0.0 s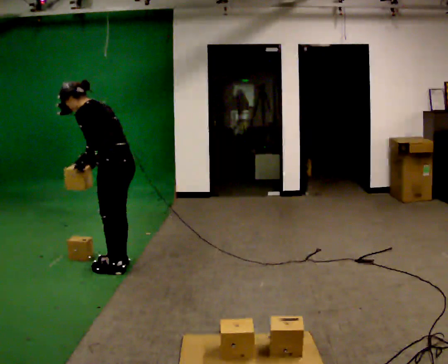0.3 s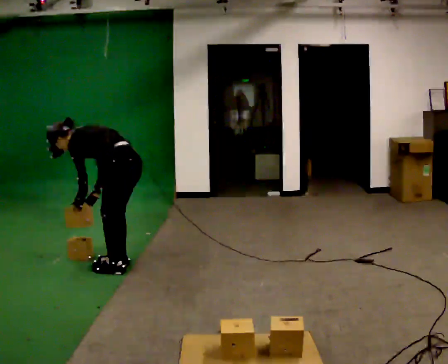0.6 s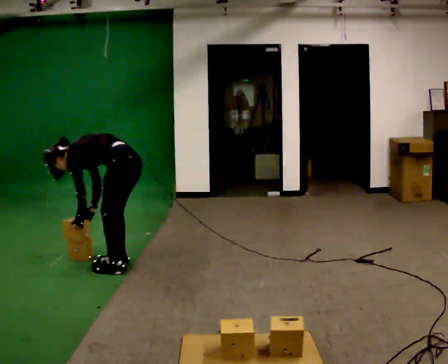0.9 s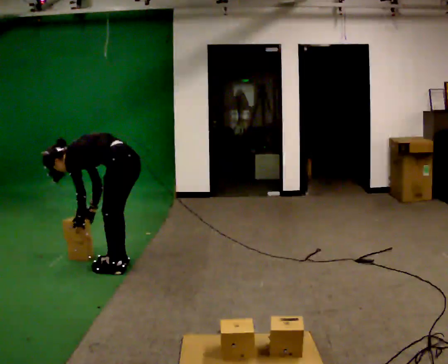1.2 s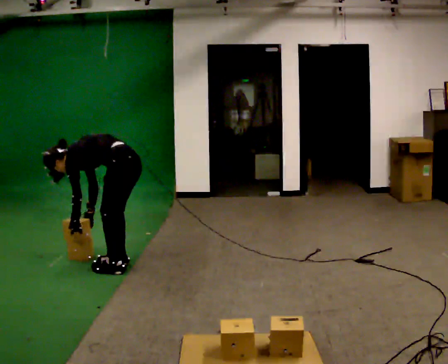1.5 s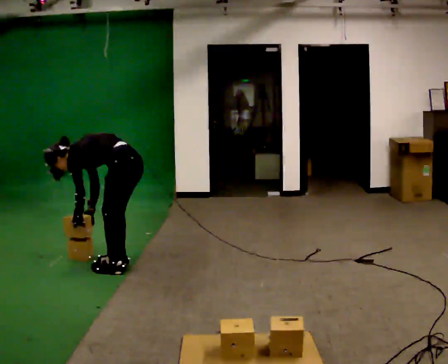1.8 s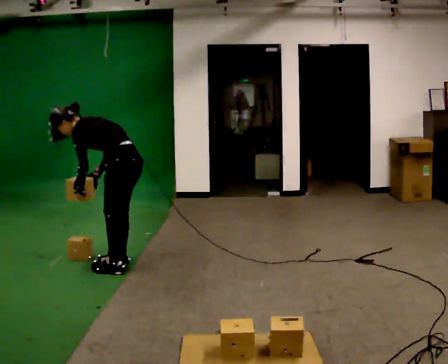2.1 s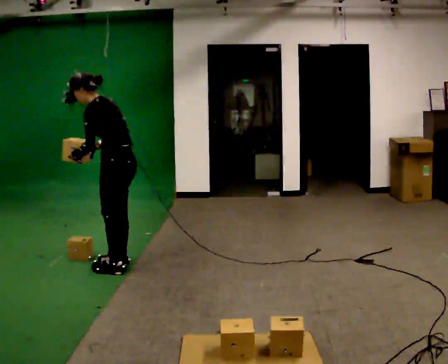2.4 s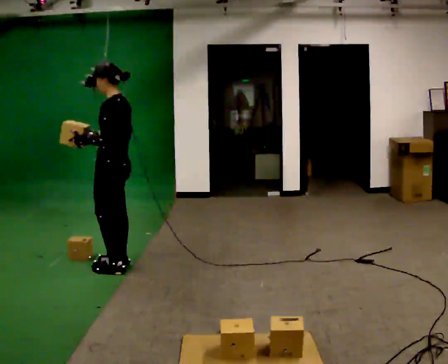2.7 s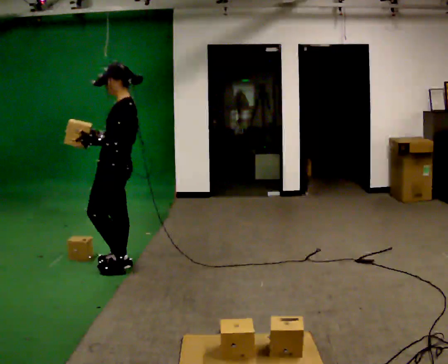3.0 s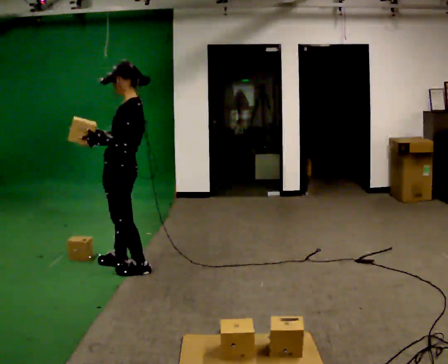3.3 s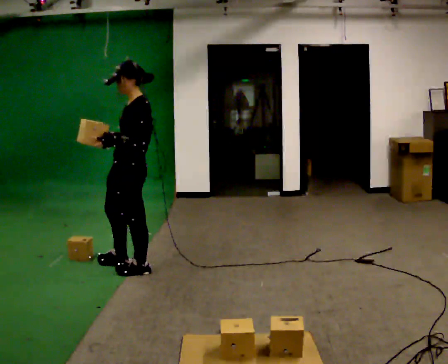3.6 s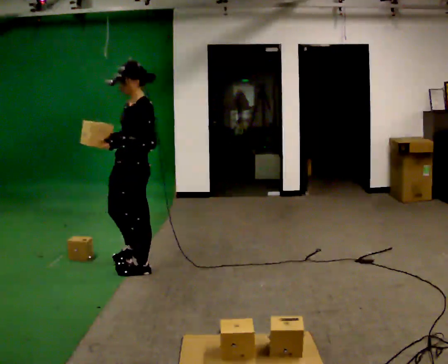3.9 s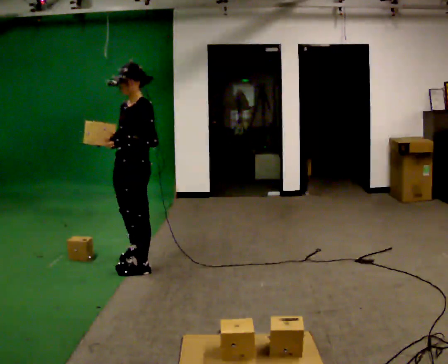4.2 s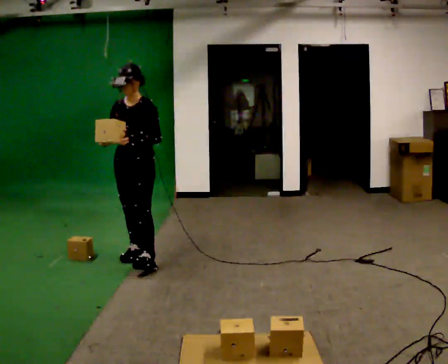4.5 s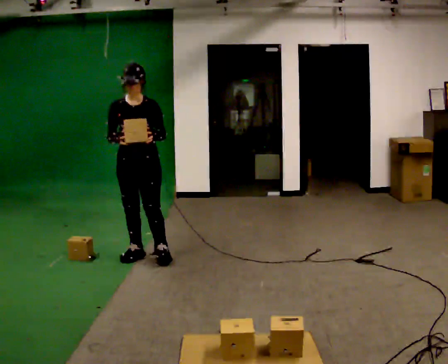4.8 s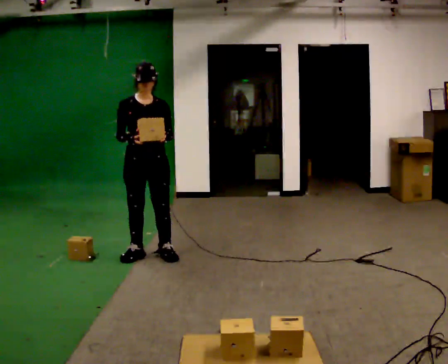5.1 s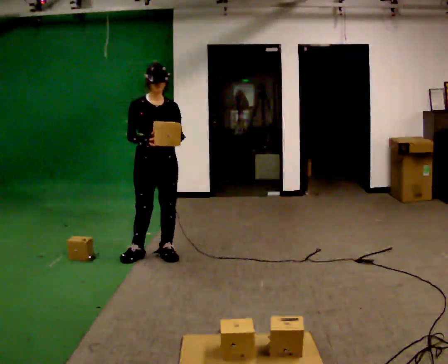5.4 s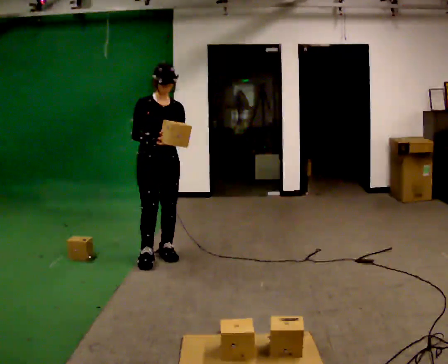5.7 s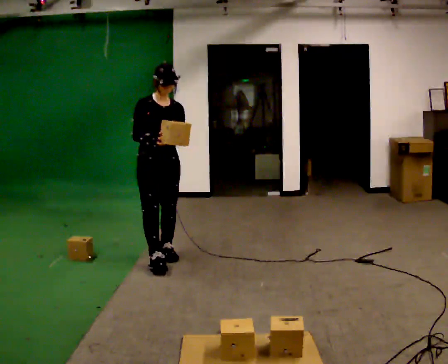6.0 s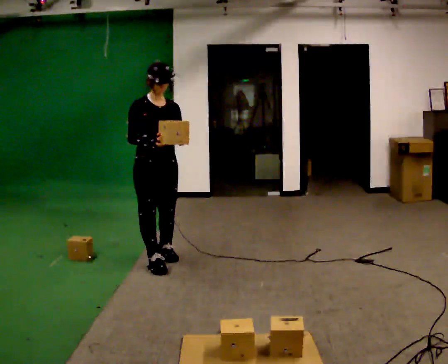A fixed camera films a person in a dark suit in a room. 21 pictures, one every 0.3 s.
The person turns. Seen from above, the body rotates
counterclockwise.
The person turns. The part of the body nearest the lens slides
to the right.
0.0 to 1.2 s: The upper body goes downward. In the picture the upper body tilts counterclockwise, shoulders to the left, as they bend forward. In the picture their left hand goes downward.
1.2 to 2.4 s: The upper body goes upward. In the picture the upper body tilts clockwise, shoulders to the right, as they lean back or straighten. In the picture their right hand goes upward.
2.4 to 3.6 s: Seen from above the body turns counterclockwise, about 30 degrees: to their left, with its near side sliding to the right. In the picture they go to the right, about 0.25 m in 1 step, which for them is backward. In the picture their left hand goes to the right.
3.6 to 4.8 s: The part of the body nearest the lens slides to the right as the person turns to their left by about 75 degrees. In the picture they go away from the camera, about 0.25 m in 2 steps.
4.8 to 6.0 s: In the picture they go toward the camera, about 0.25 m in 1 step, which for them is forward.
The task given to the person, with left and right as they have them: Carry the boxes over one at a time and lay them out on the pallet in the pattern the operator shows you. Keep going until the operator says stop; one object at a time, and do not rush between trips.
The film runs forward here.
